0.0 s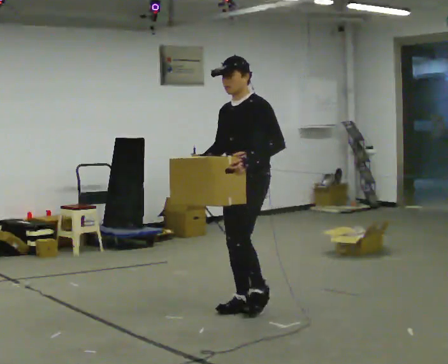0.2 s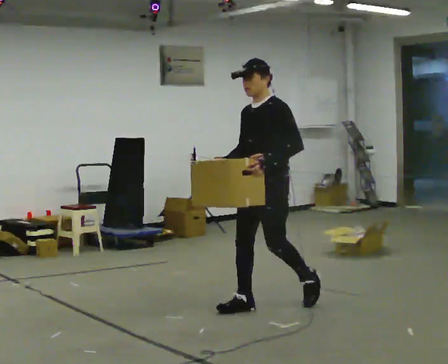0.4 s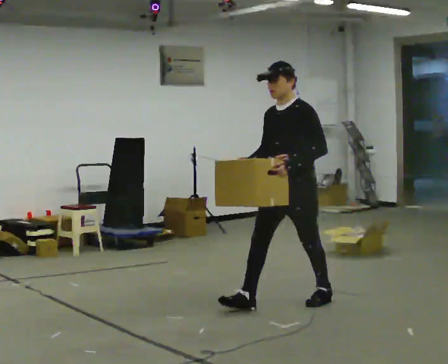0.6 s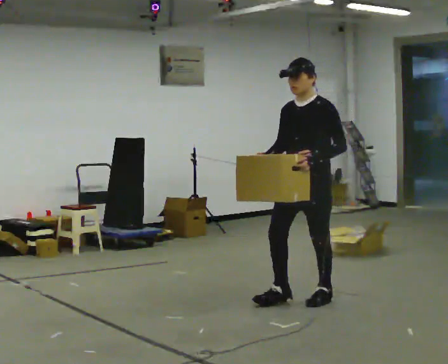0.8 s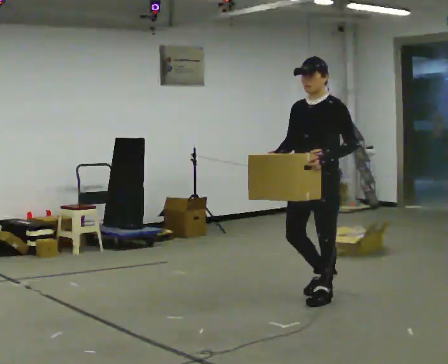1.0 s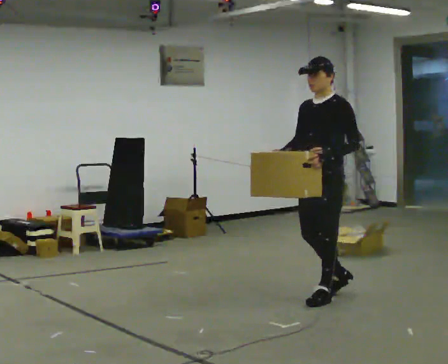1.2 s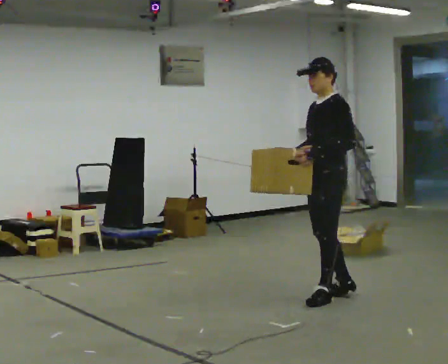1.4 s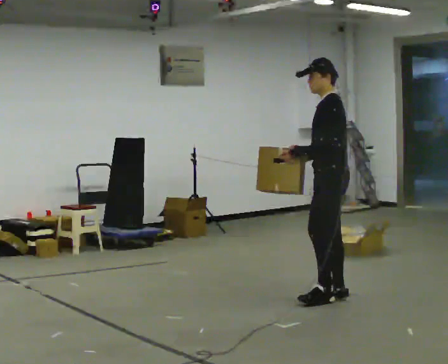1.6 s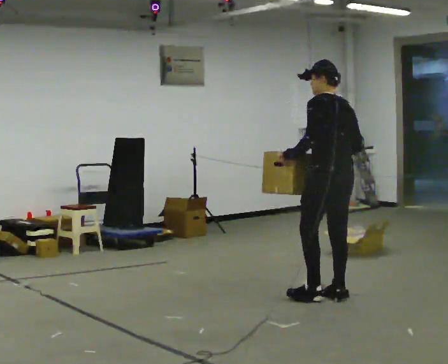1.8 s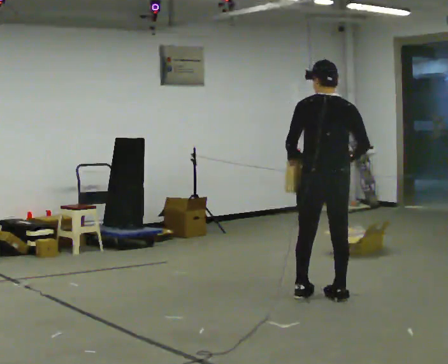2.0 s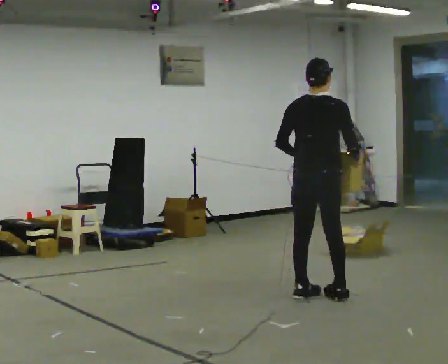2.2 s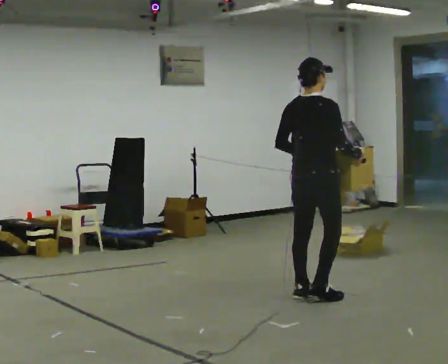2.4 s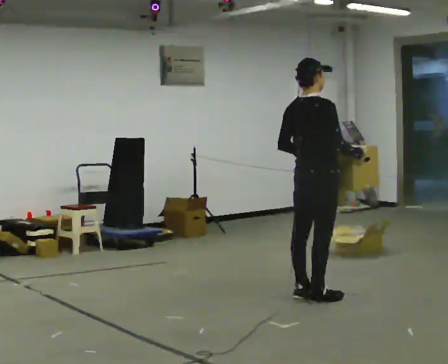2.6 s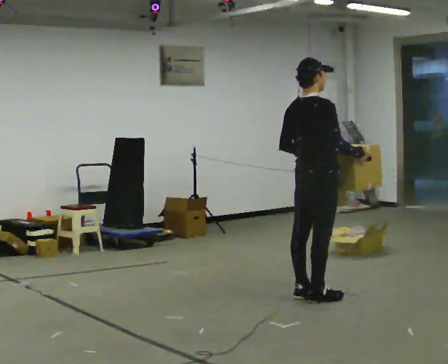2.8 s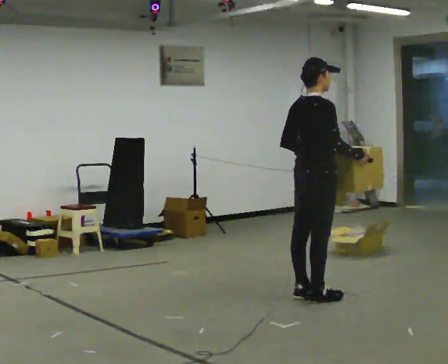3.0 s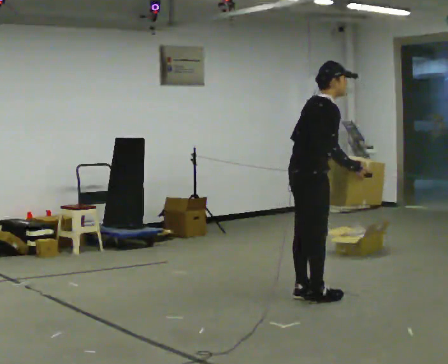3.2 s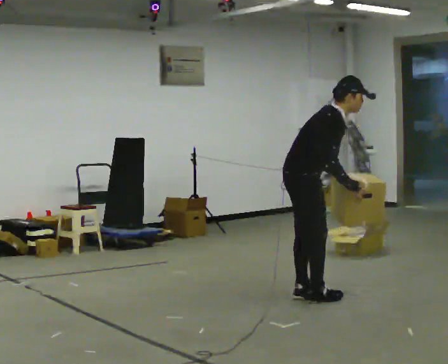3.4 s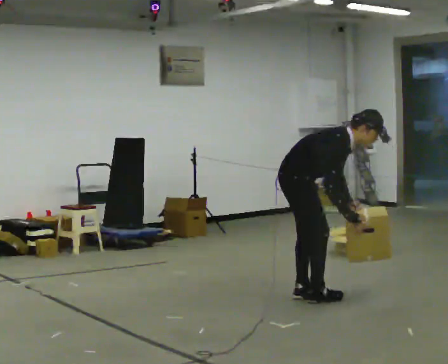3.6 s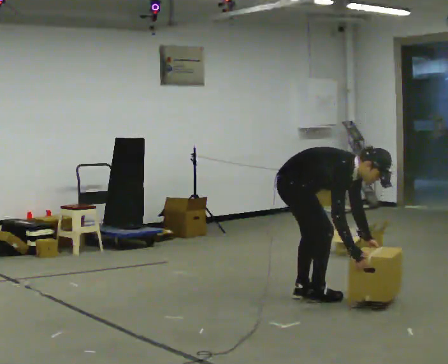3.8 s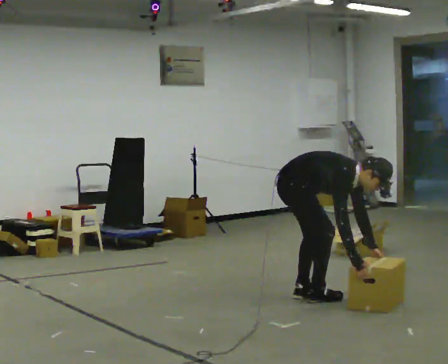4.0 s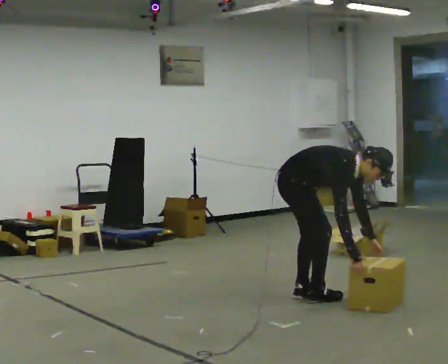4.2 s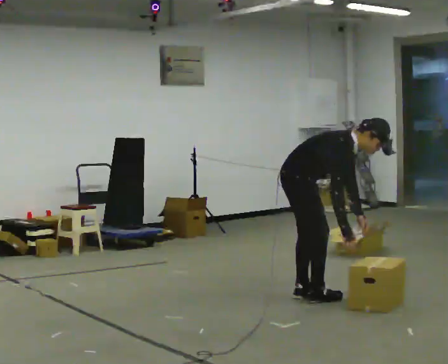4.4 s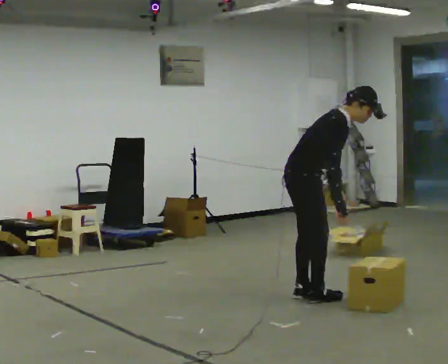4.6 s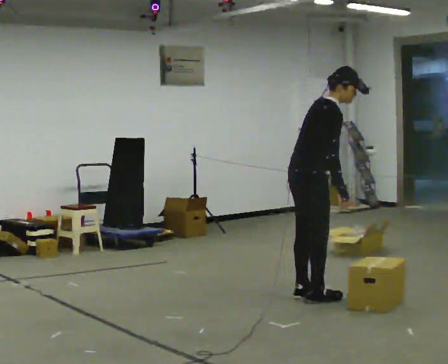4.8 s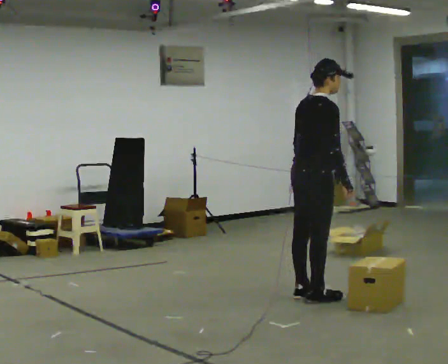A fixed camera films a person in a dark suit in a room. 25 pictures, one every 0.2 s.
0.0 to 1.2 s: In the picture they go to the right and away from the camera, about 0.75 m in 1 step, which for them is backward.
1.2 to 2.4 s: Seen from above the body turns clockwise, about 165 degrees: to their right, with its near side sliding to the left. In the picture their right hand goes to the right, the arm swinging counterclockwise.
2.4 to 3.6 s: The person turns about 45 degrees to their right, clockwise seen from above, so the part of the body nearest the lens slides to the left. The upper body goes downward. In the picture the upper body tilts clockwise, shoulders to the right, as they bend forward. In the picture their right hand goes downward.
3.6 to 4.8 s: The part of the body nearest the lens slides to the right as the person turns to their left by about 30 degrees. In the picture the upper body tilts counterclockwise, shoulders to the left, as they lean back or straighten. In the picture their left hand goes to the left and upward.
The film runs backward here.
